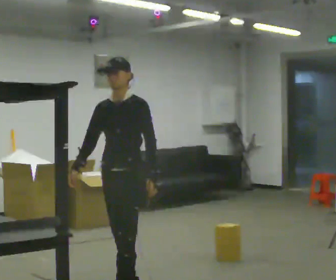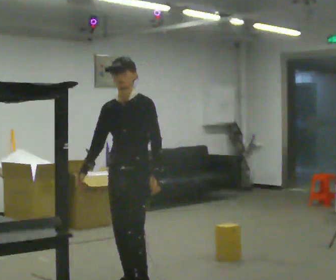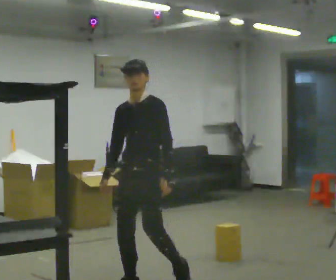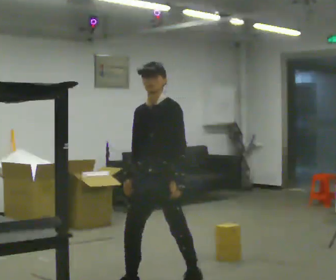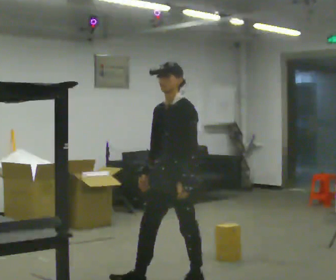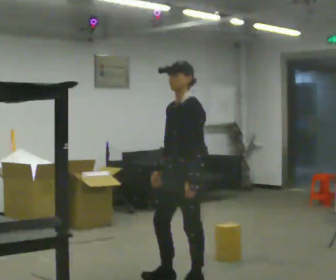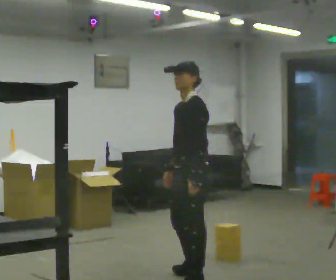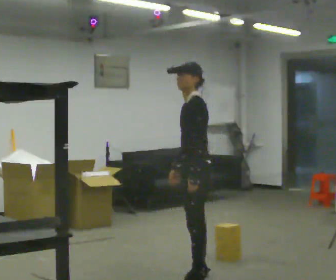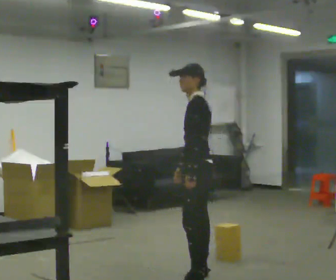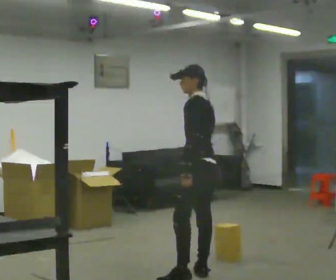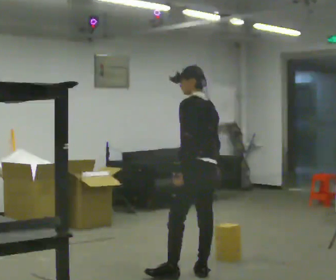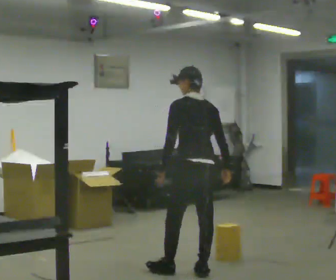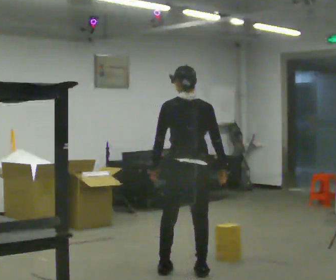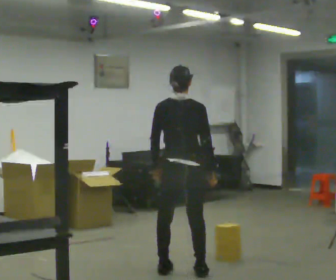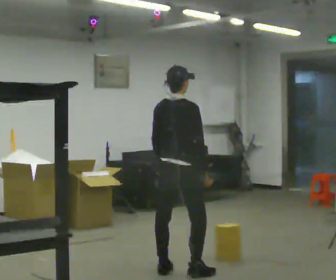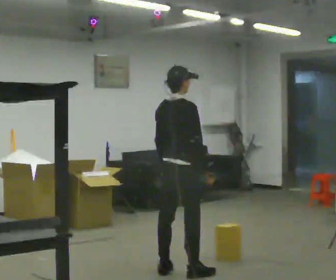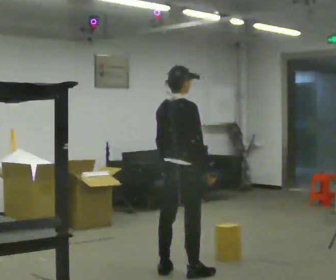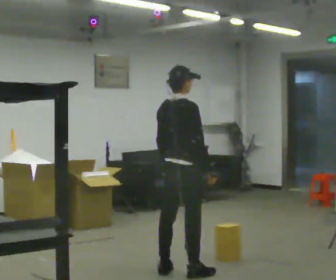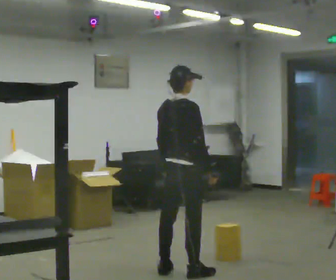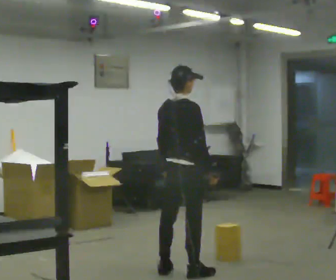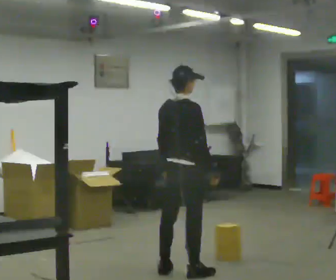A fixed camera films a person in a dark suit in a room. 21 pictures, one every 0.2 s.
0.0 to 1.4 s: The person turns about 60 degrees to their right, clockwise seen from above, so the part of the body nearest the lens slides to the left. In the picture they go to the right and away from the camera, about 0.75 m in 1 step, which for them is backward.
1.4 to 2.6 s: The person turns about 105 degrees to their right, clockwise seen from above, so the part of the body nearest the lens slides to the left. In the picture they go away from the camera and to the left, about 0.25 m in 1 step.
2.6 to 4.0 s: The part of the body nearest the lens slides to the left as the person turns to their right by about 30 degrees.
The film runs backward here.
